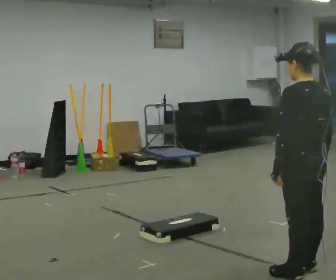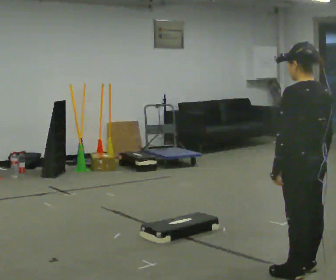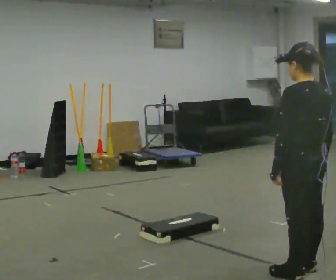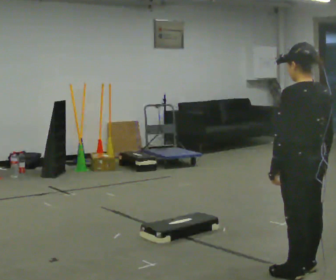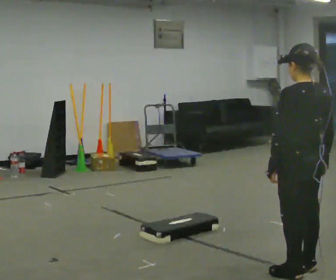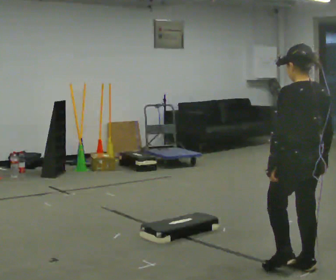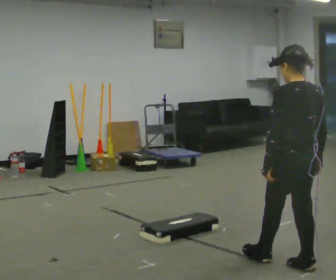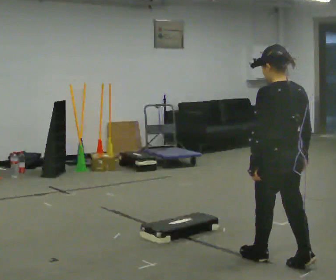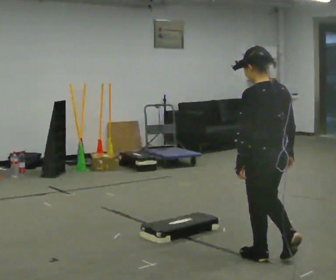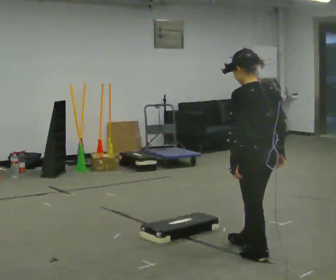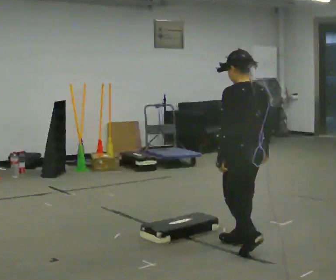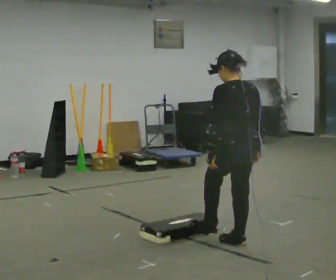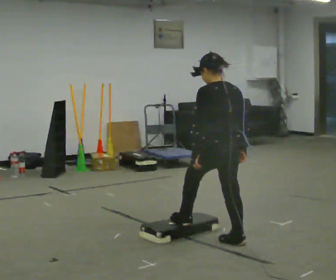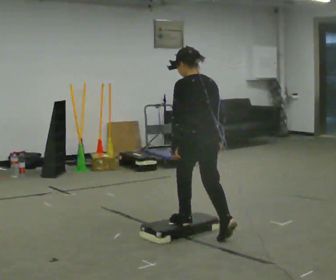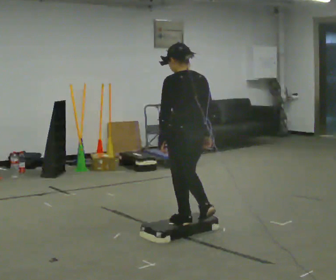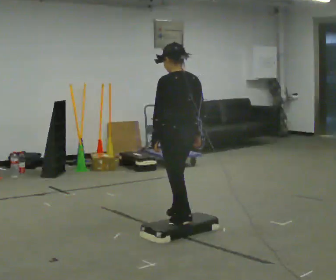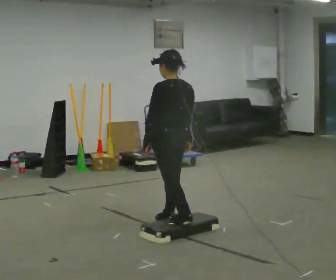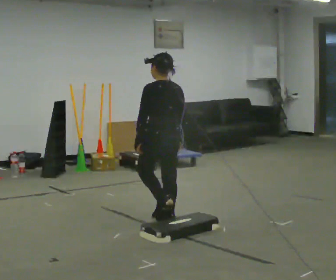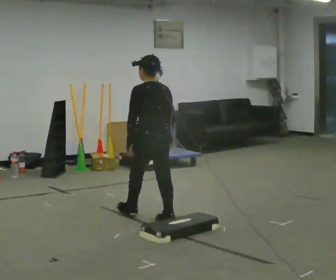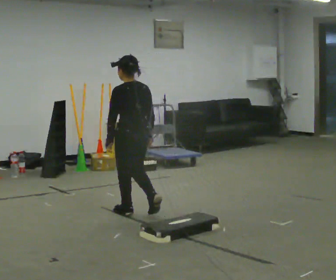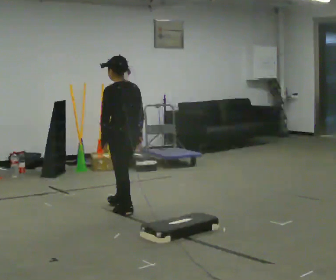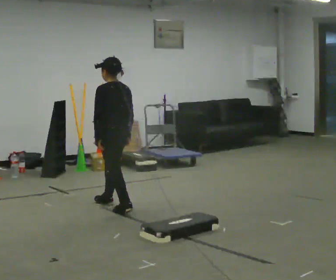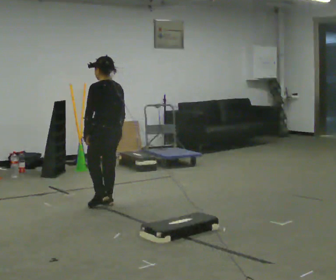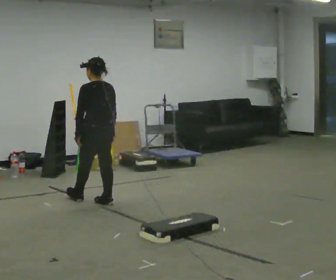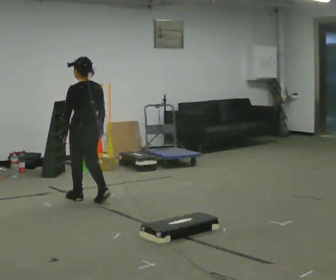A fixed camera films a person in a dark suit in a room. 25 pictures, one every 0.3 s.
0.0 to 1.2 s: The person moves a little, or ends about where they began.
1.2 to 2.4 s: In the picture they go away from the camera and to the left, about 0.25 m in 1 step, which for them is forward.
2.4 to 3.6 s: In the picture they go away from the camera and to the left, about 0.5 m in 2 steps, which for them is forward.
3.6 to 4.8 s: In the picture they go away from the camera and to the left, about 0.5 m in 1 step, which for them is forward.
4.8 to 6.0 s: In the picture they go away from the camera and to the left, about 0.75 m in 1 step, which for them is forward.
6.0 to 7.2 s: In the picture they go to the left and away from the camera, about 0.5 m in 2 steps, which for them is forward.
The film runs forward here.
